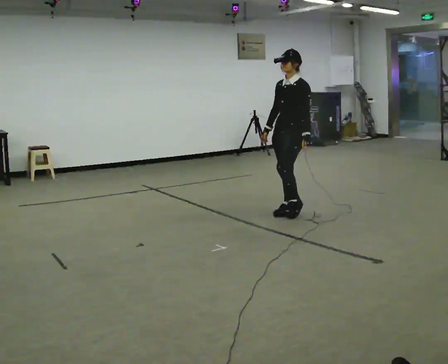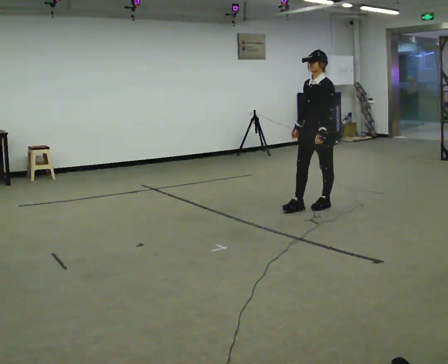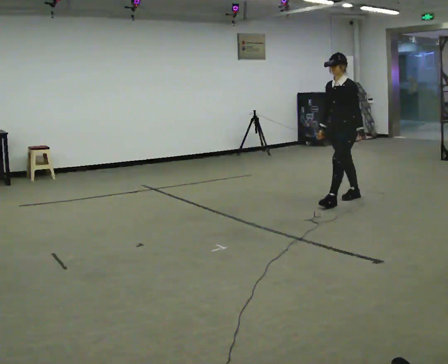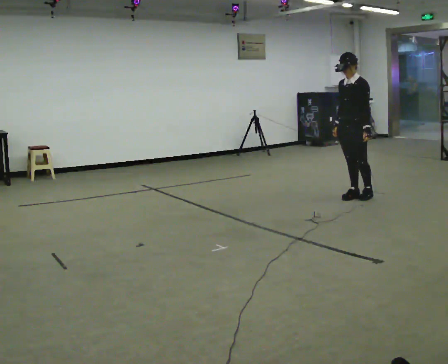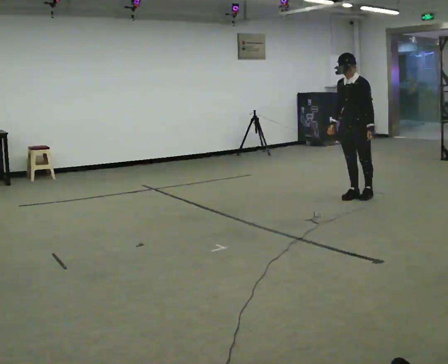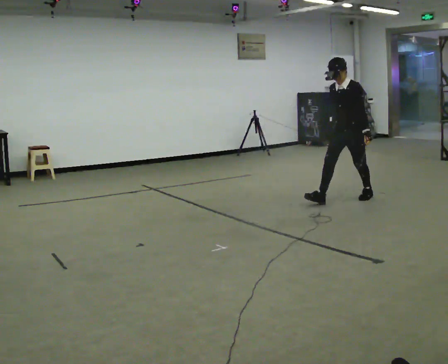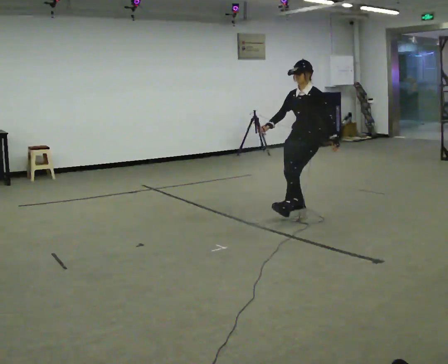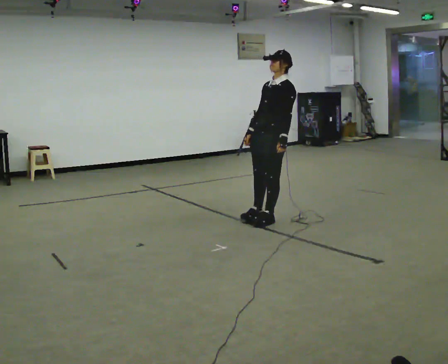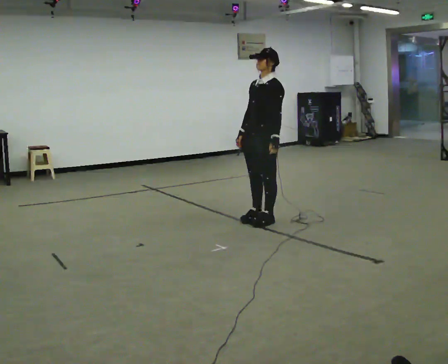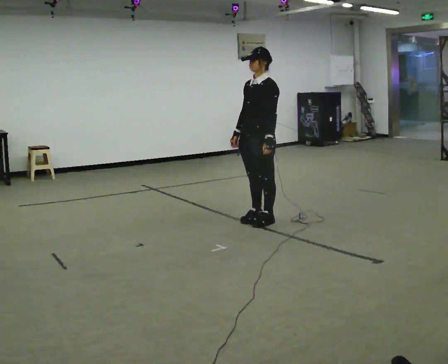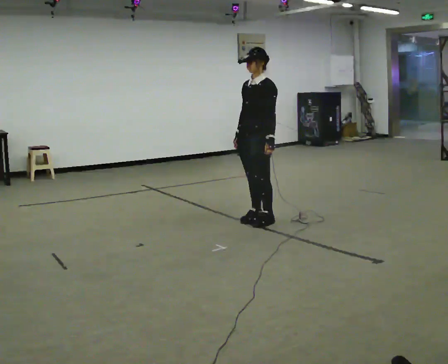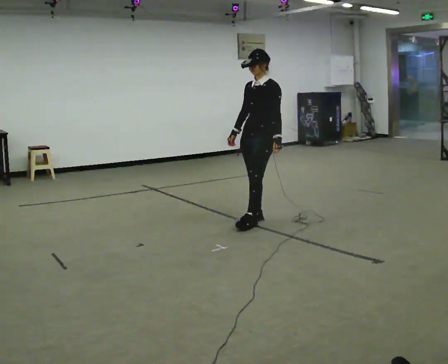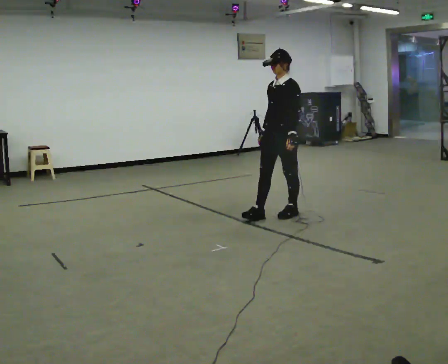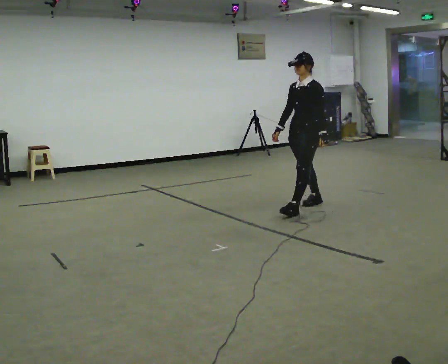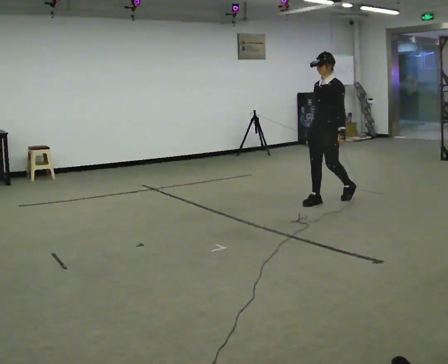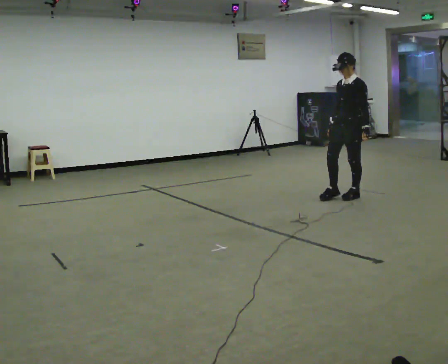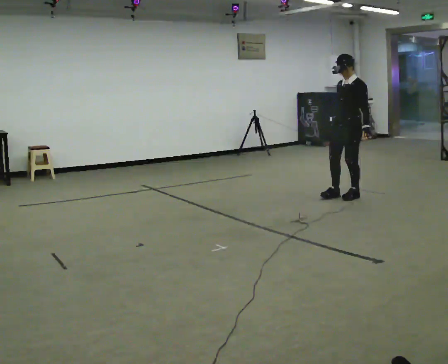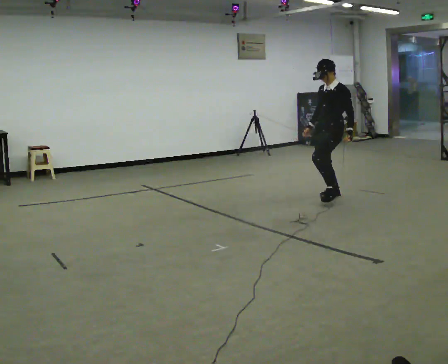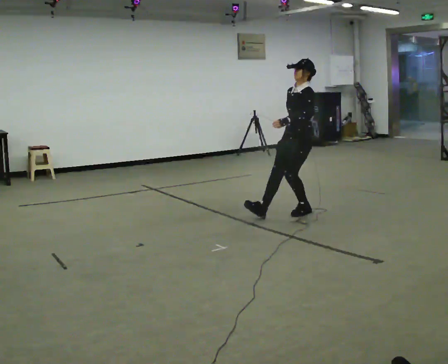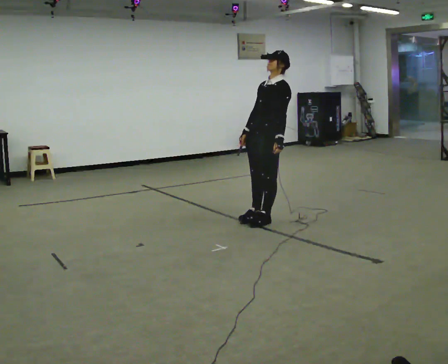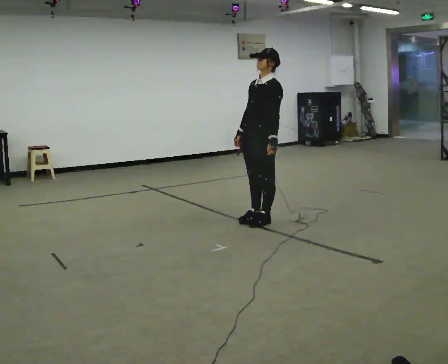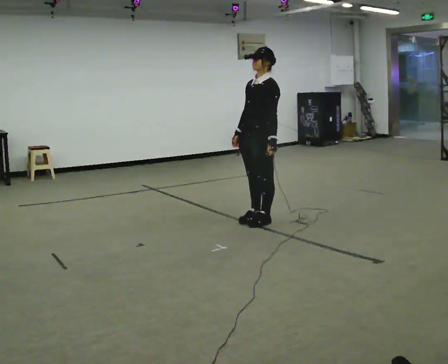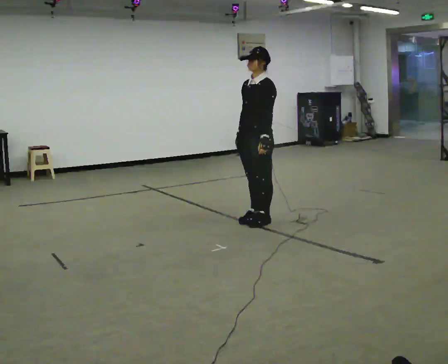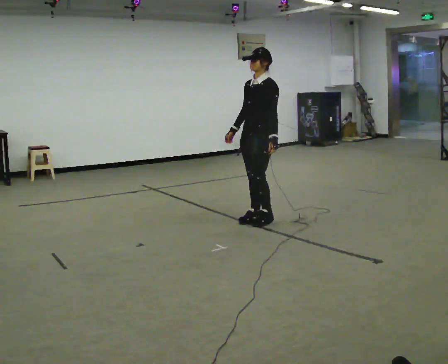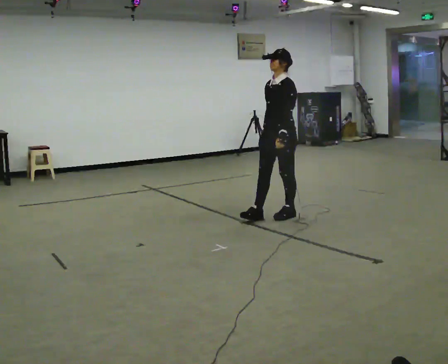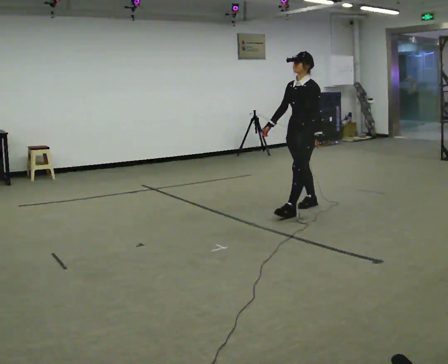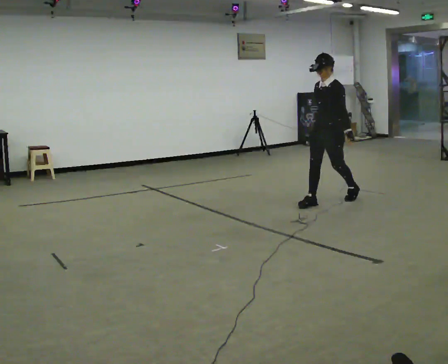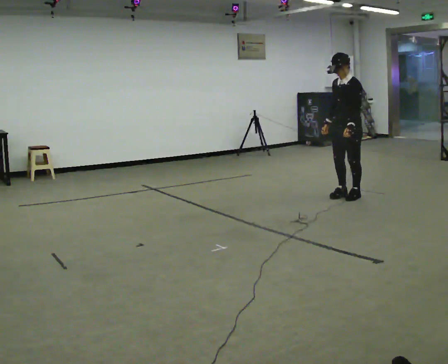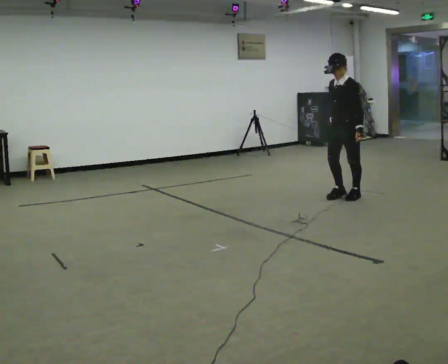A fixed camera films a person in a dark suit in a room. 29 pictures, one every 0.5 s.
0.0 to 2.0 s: In the picture they go away from the camera and to the right, about 1 m in 2 steps, which for them is backward.
2.0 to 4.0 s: In the picture they go toward the camera and to the left, about 1.5 m in 3 steps, which for them is forward.
4.0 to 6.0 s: In the picture they go away from the camera, about 0.25 m in 2 steps, which for them is backward.
6.0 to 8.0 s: In the picture they go away from the camera and to the right, about 1 m in 2 steps, which for them is backward.
8.0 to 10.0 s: In the picture they go toward the camera and to the left, about 1.5 m in 3 steps, which for them is forward.
10.0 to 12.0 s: In the picture they go away from the camera, about 0.25 m in 2 steps, which for them is backward.
12.0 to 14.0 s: In the picture they go away from the camera and to the right, about 1 m in 3 steps, which for them is backward.
The film runs backward here.
